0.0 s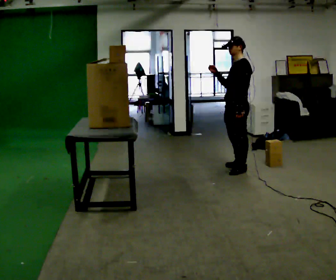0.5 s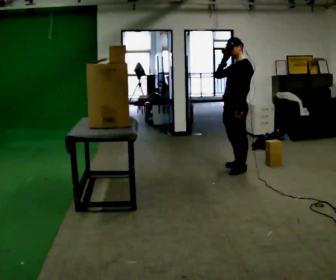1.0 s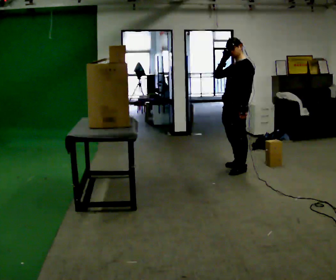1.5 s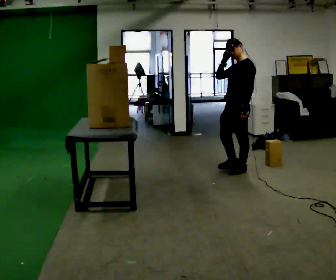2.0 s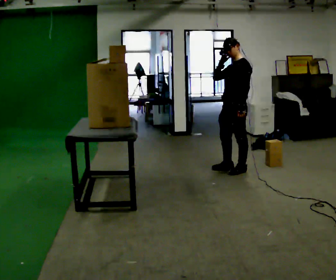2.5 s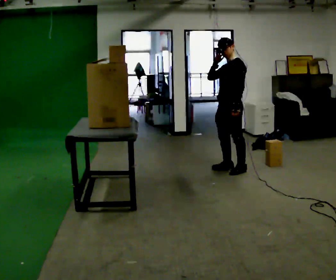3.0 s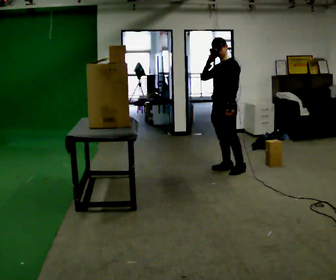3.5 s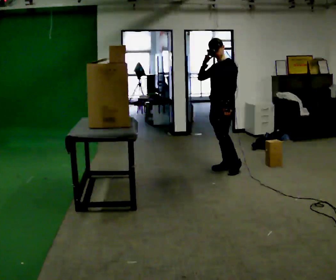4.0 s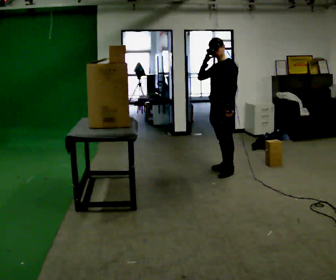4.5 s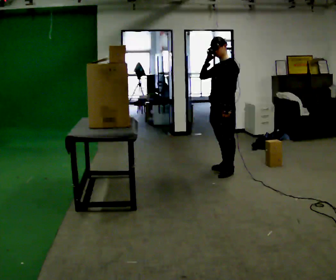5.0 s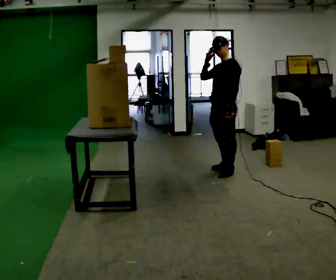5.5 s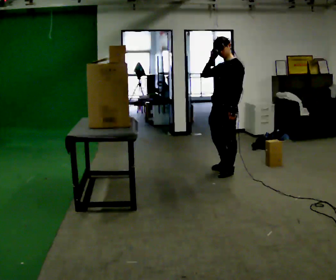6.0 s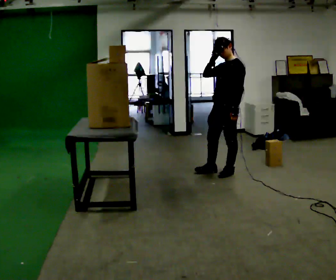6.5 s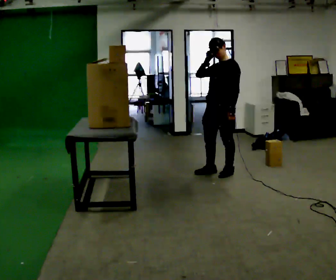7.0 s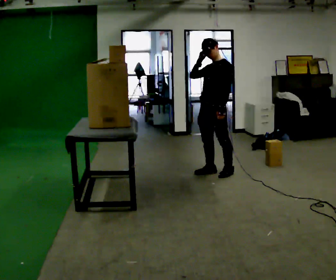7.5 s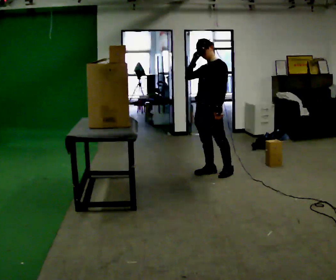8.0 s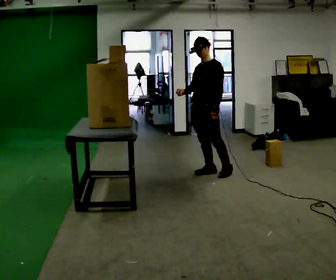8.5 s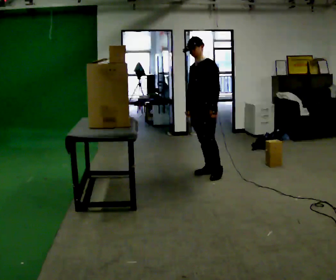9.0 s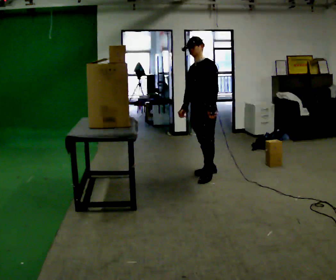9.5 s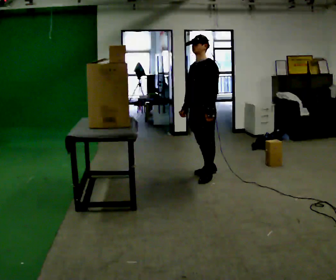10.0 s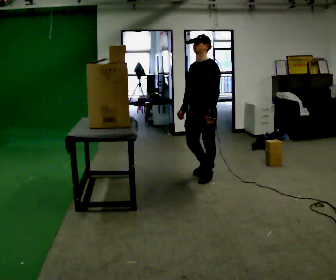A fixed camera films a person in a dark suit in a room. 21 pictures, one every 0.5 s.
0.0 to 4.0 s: In the picture they go to the left, about 0.25 m in 2 steps, which for them is forward and to their right.
4.0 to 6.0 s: In the picture they go toward the camera, about 0.25 m in 1 step, which for them is to their left.
6.0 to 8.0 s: In the picture they go to the left, about 0.25 m, which for them is to their right and forward. In the picture their right hand goes downward.
8.0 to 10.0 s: In the picture they go toward the camera, about 0.25 m in 1 step, which for them is forward and to their left.
The film runs forward here.
